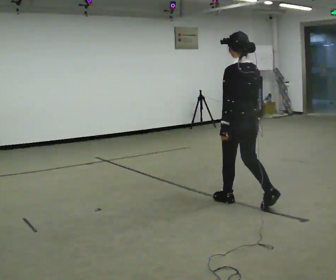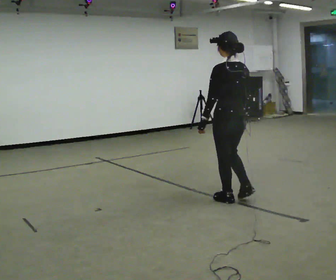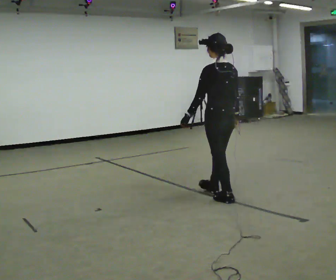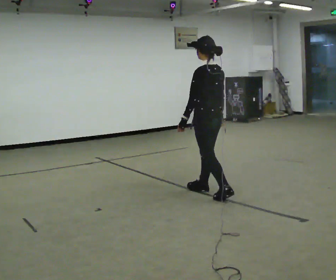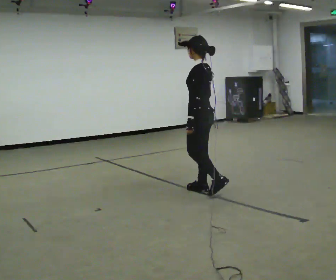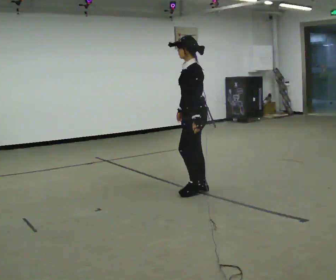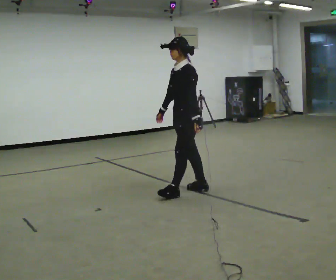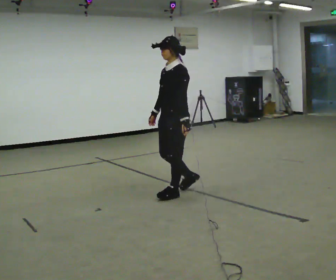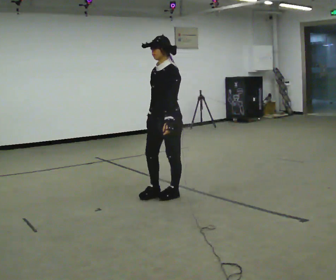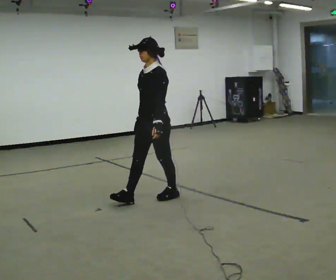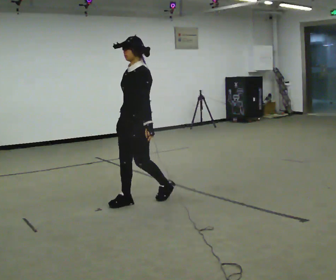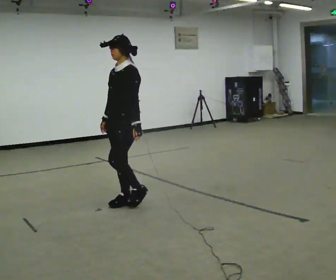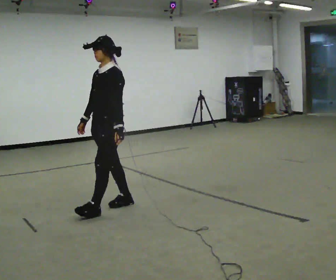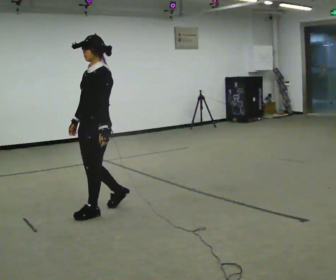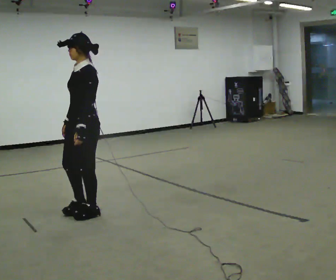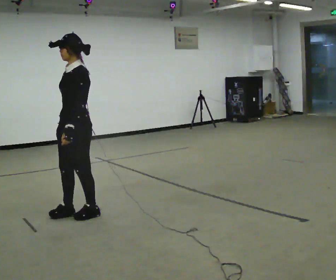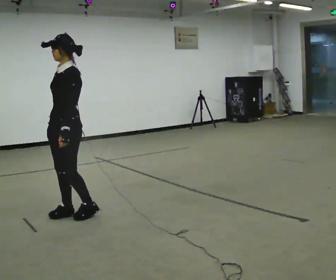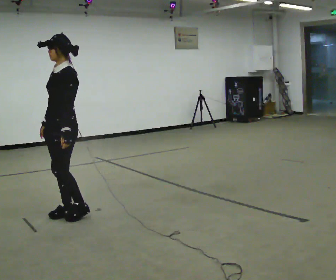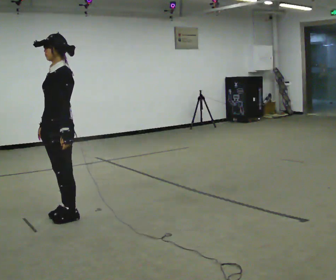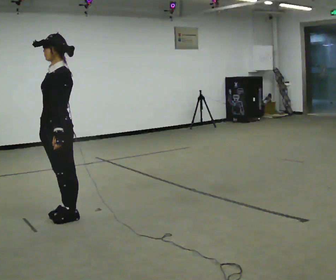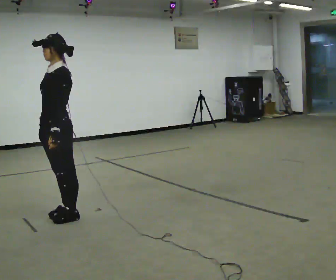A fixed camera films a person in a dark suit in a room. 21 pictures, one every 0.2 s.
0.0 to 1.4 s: Seen from above the body turns counterclockwise, about 90 degrees: to their left, with its near side sliding to the right. In the picture they go to the left and away from the camera, about 0.5 m in 2 steps.
1.4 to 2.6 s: In the picture they go to the left and toward the camera, about 1 m in 2 steps, which for them is forward.
2.6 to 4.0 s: In the picture they go to the left and toward the camera, about 0.25 m in 2 steps, which for them is forward.
The film runs forward here.
